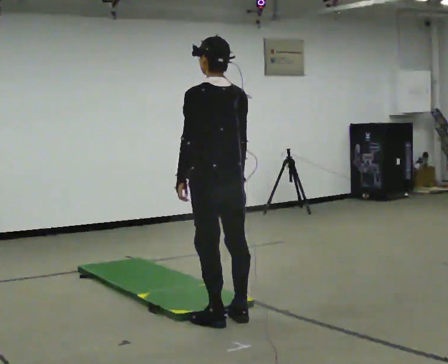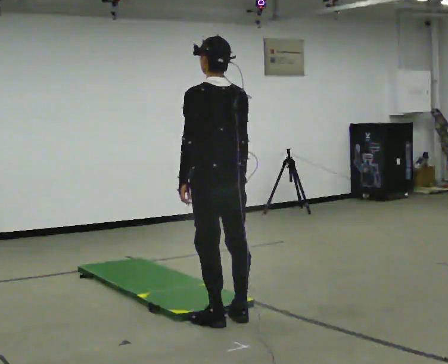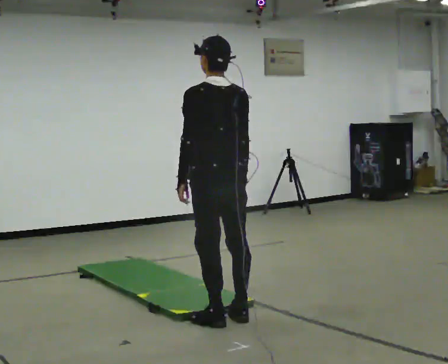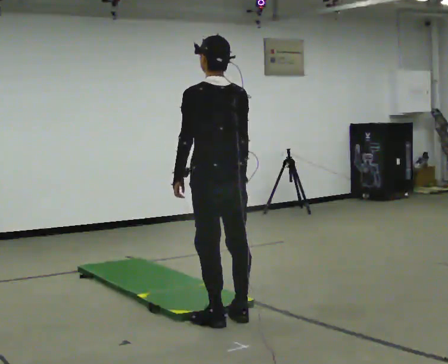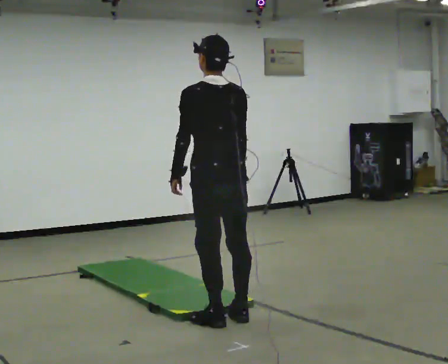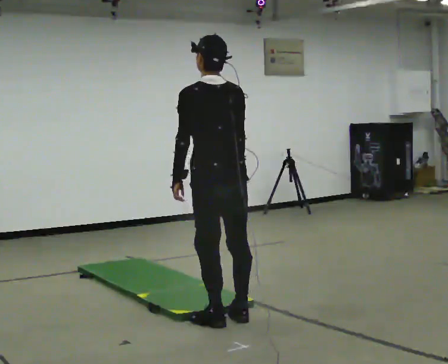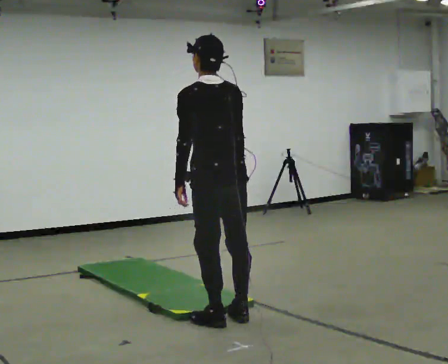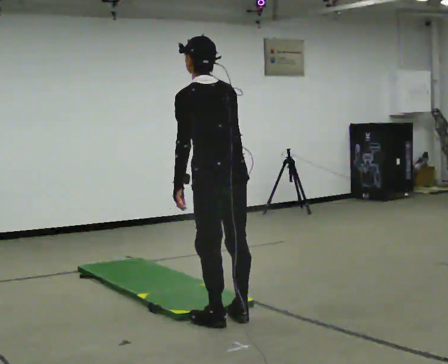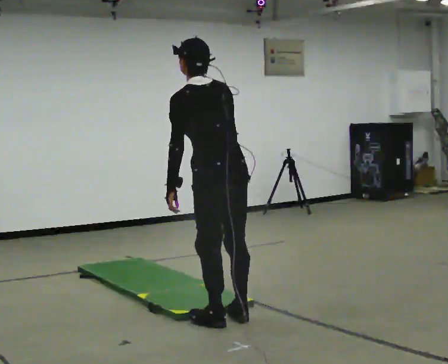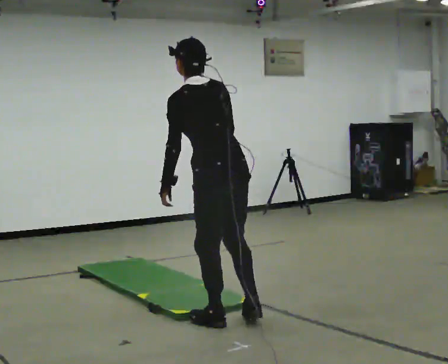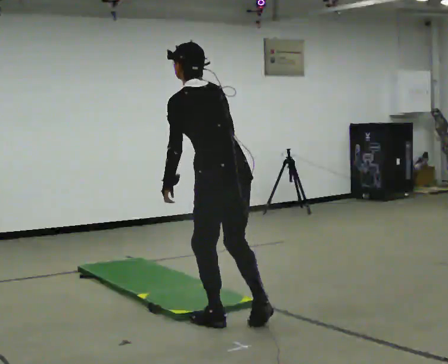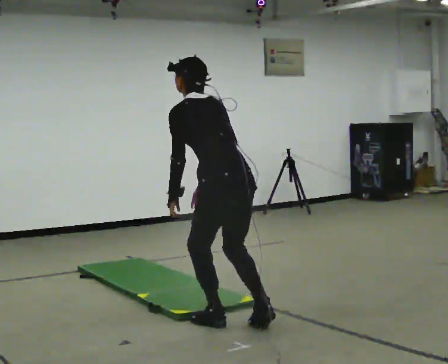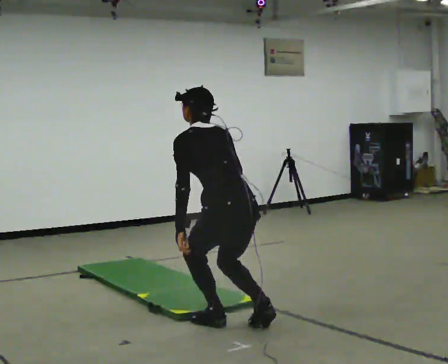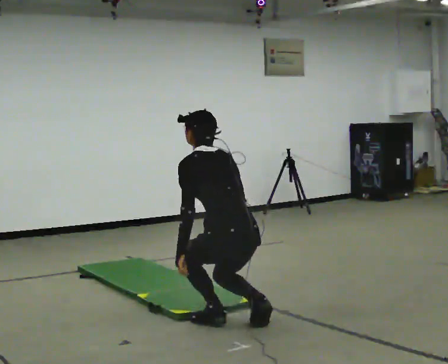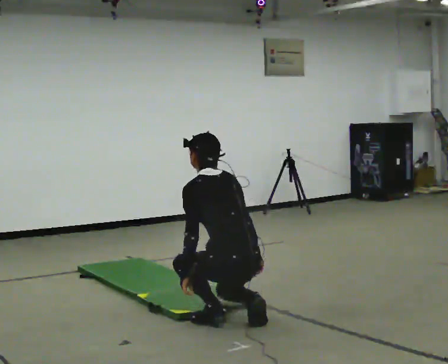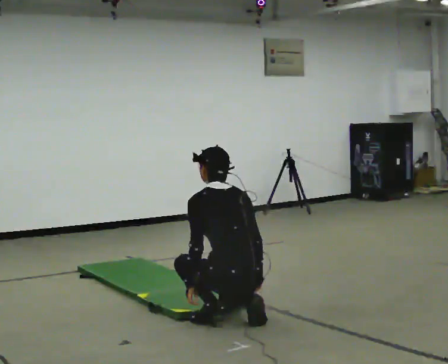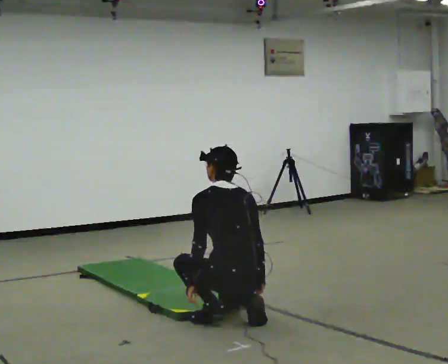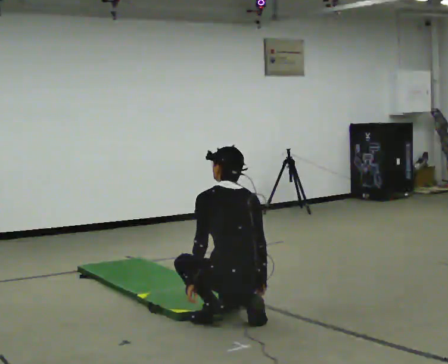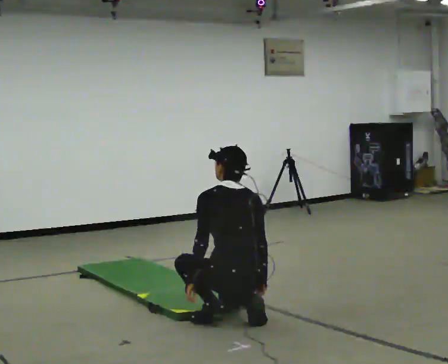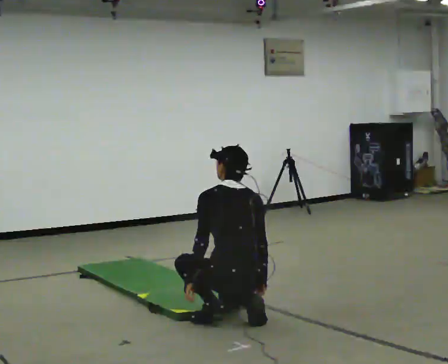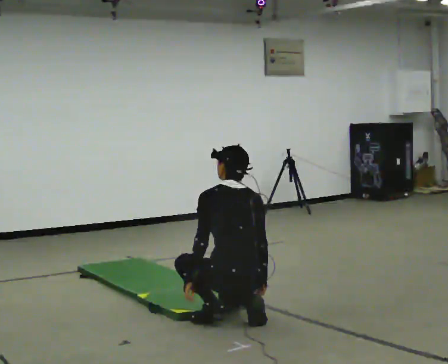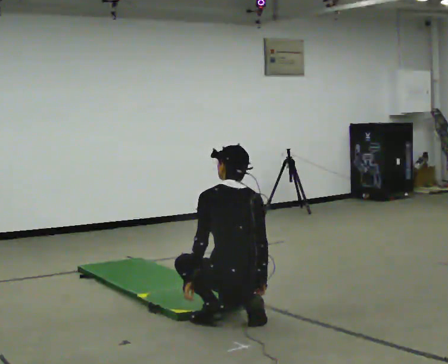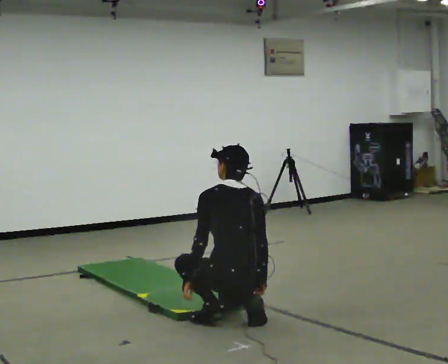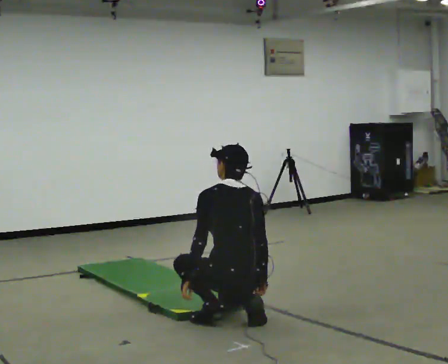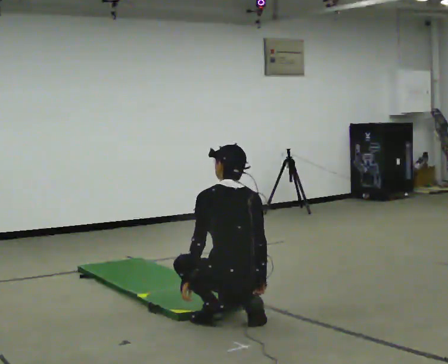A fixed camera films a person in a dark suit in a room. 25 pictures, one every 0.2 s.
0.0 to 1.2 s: The person moves a little, or ends about where they began.
1.2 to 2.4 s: The shoulders move downward. The upper body tips away from the camera, its near side rolling upward, as they bend forward.
2.4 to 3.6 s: The shoulders move downward. In the picture the upper body tilts clockwise, shoulders to the right. In the picture their right hand goes downward and to the right.
3.6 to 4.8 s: The person keeps their place and pose.
The film runs backward here.
